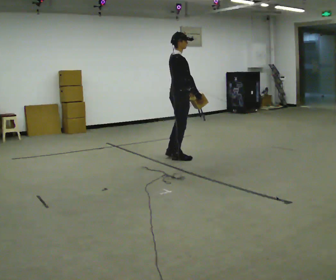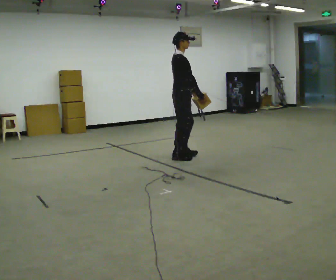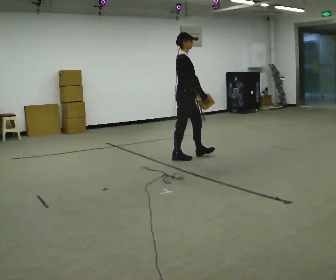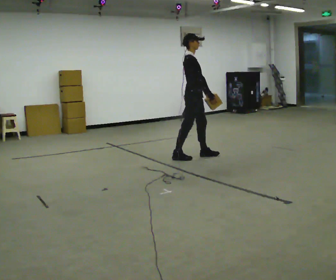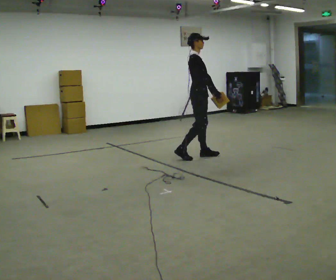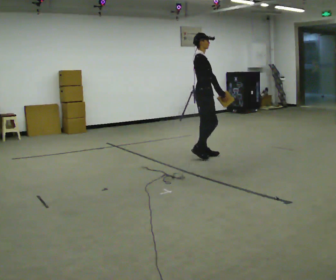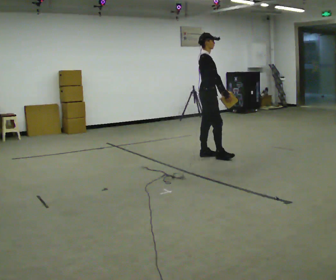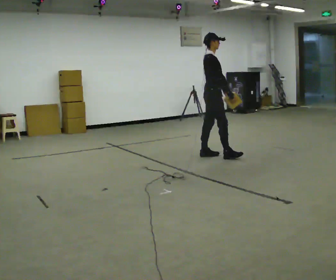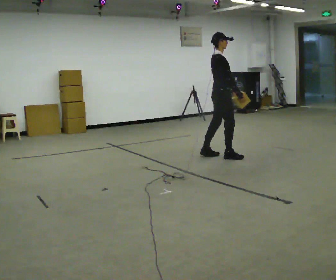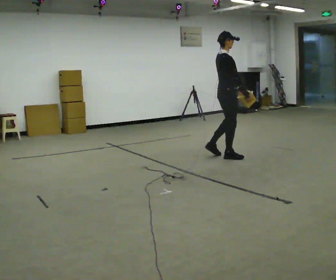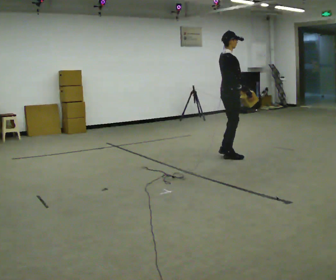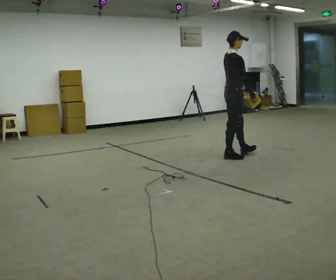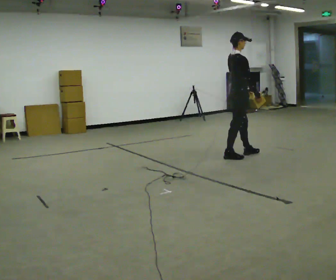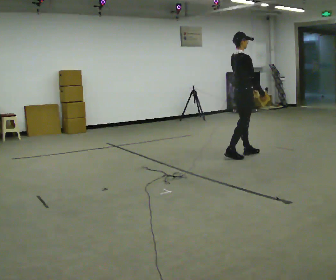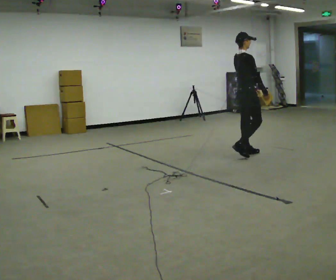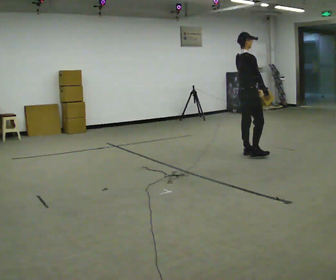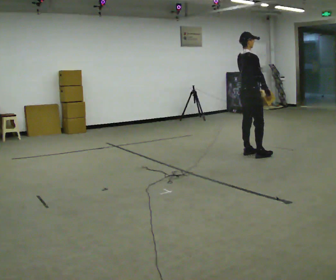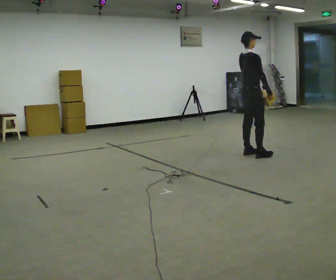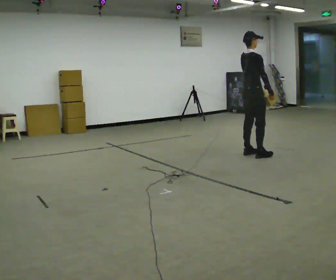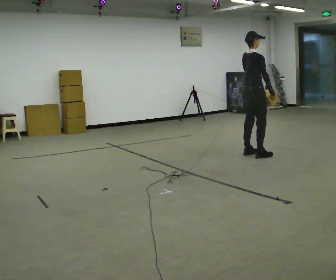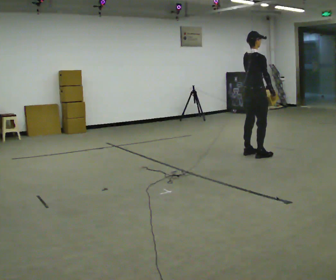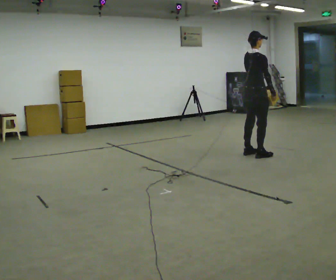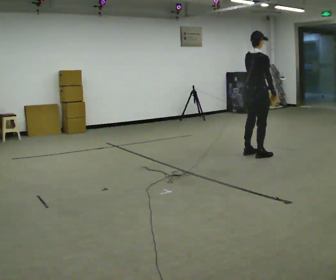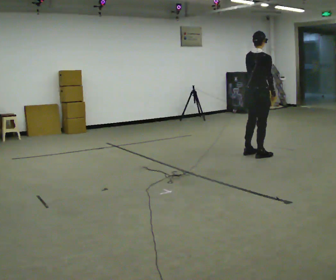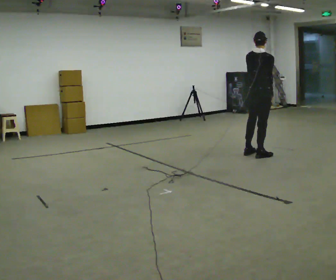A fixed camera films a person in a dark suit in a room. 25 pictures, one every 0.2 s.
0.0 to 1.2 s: In the picture they go to the right and away from the camera, about 0.5 m in 1 step, which for them is forward.
1.2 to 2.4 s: In the picture they go to the right, about 0.5 m in 2 steps, which for them is forward and to their right.
2.4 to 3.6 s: In the picture they go to the right, about 0.25 m in 1 step, which for them is forward.
3.6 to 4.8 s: The part of the body nearest the lens slides to the right as the person turns to their left by about 30 degrees.
The film runs forward here.
